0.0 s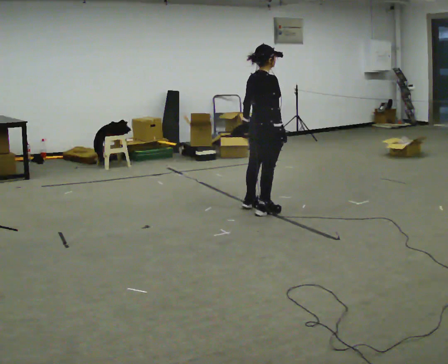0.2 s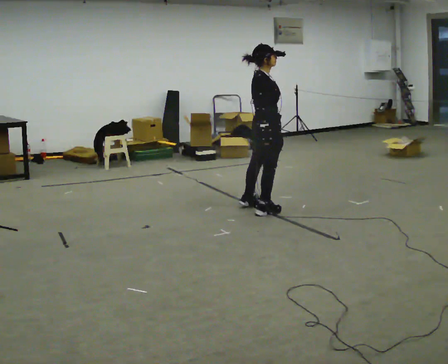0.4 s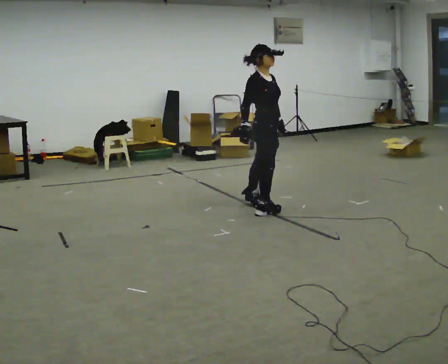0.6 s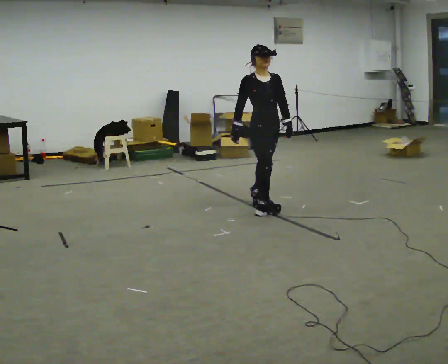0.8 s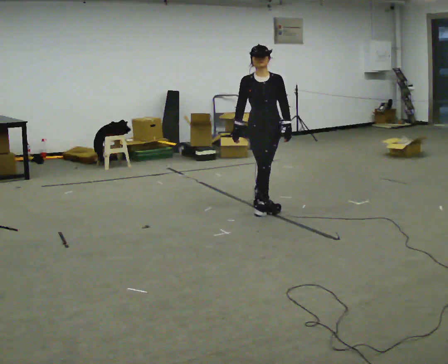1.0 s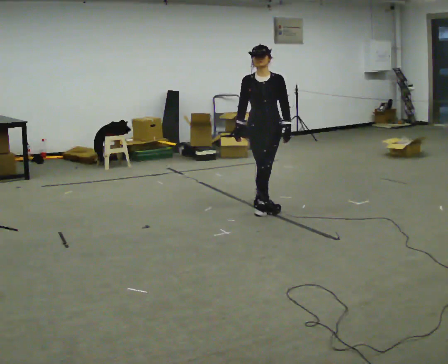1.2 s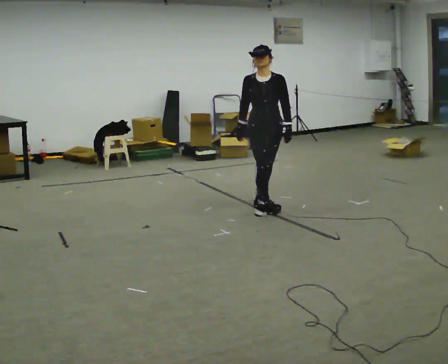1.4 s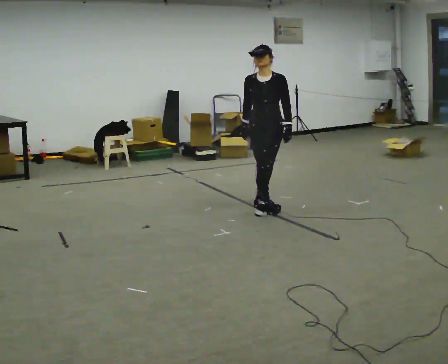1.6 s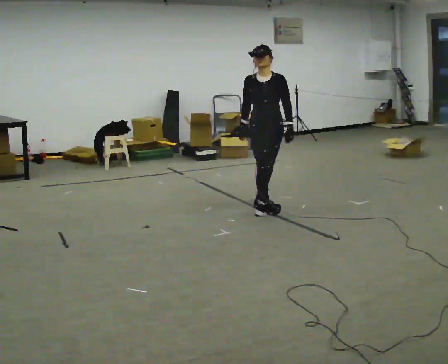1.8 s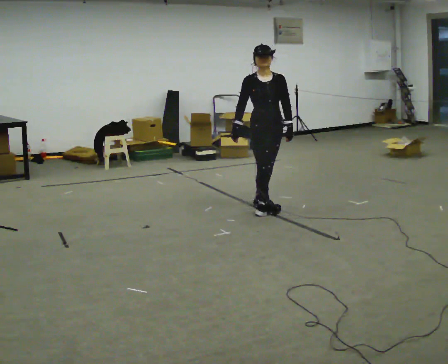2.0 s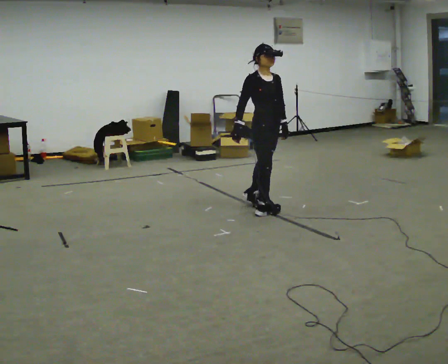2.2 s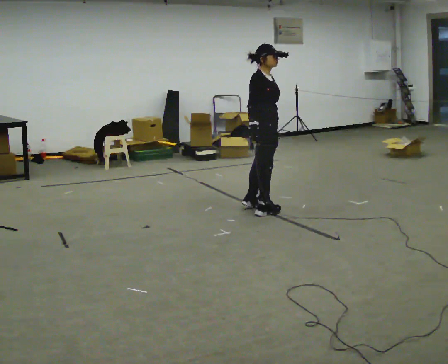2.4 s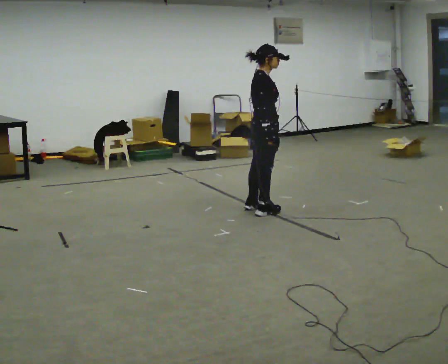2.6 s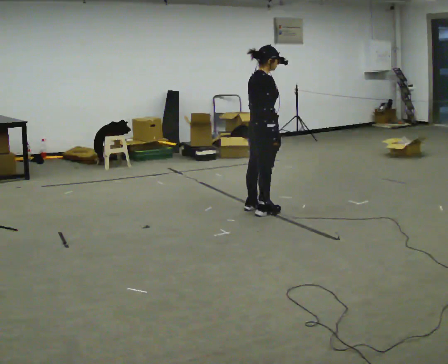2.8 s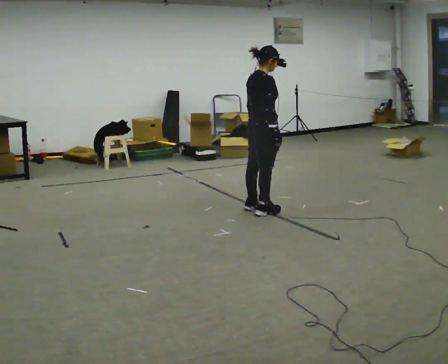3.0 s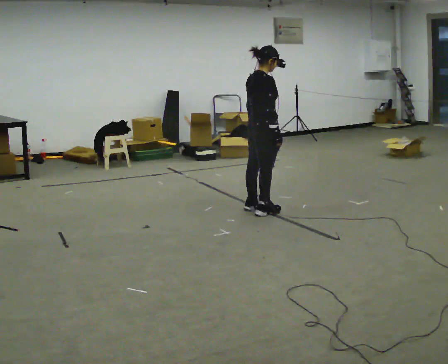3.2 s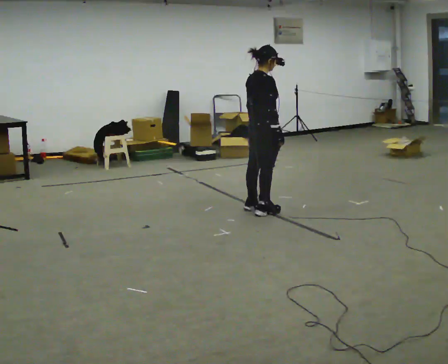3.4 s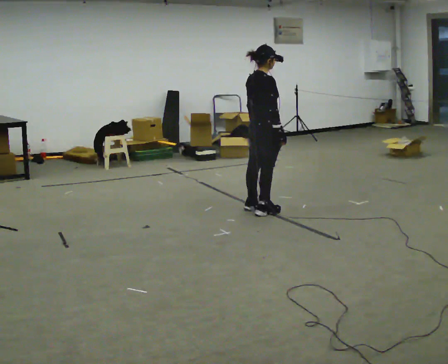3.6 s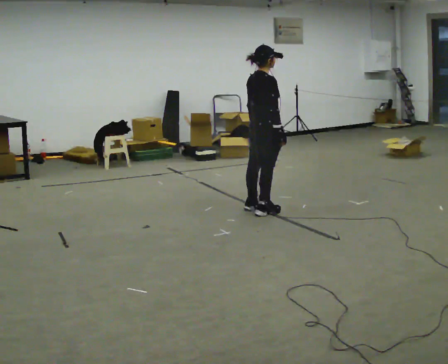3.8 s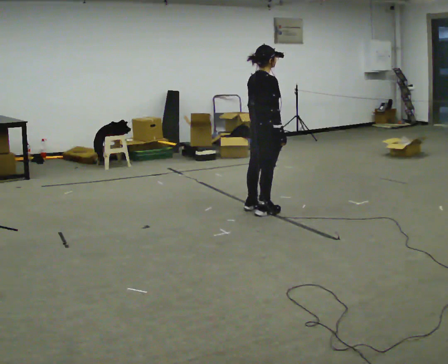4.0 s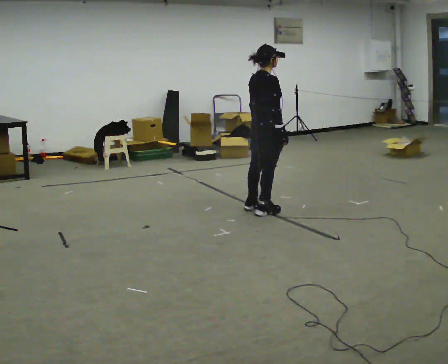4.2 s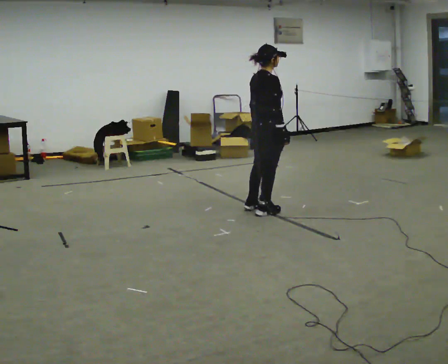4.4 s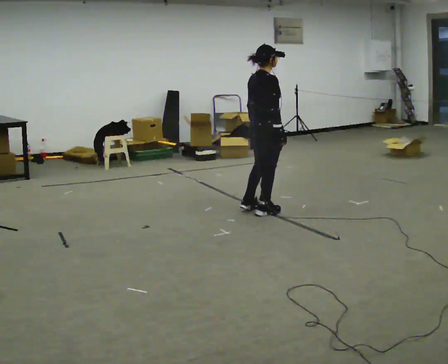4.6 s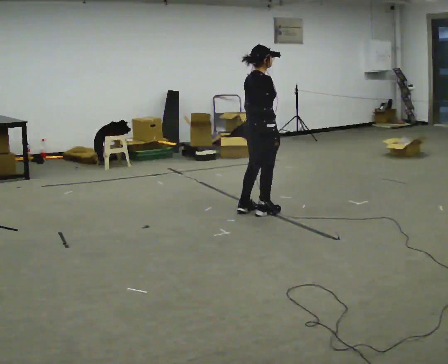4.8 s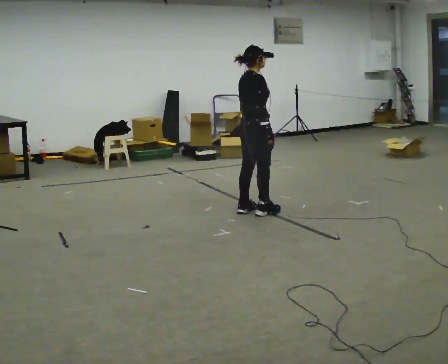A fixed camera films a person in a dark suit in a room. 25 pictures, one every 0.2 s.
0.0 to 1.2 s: The person turns about 120 degrees to their right, clockwise seen from above, so the part of the body nearest the lens slides to the left. In the picture their right hand goes to the left, the arm swinging clockwise.
1.2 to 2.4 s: The person turns about 75 degrees to their left, counterclockwise seen from above, so the part of the body nearest the lens slides to the right.
2.4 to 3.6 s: The part of the body nearest the lens slides to the right as the person turns to their left by about 30 degrees.
3.6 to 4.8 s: The person moves a little, or ends about where they began.
The film runs backward here.
